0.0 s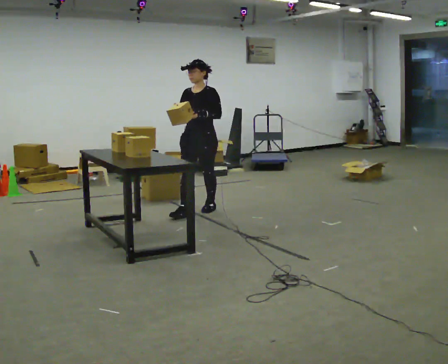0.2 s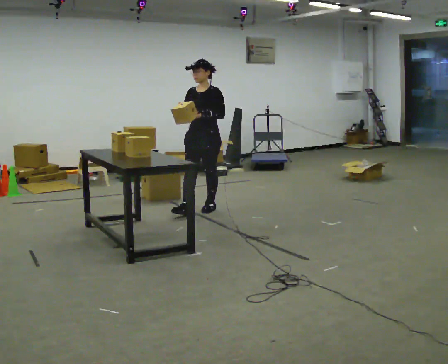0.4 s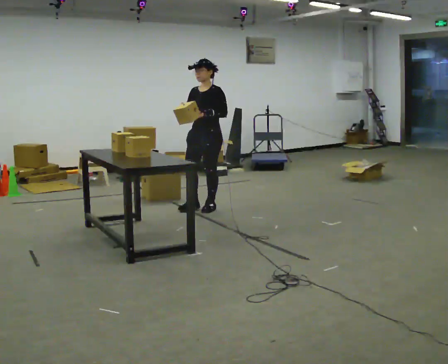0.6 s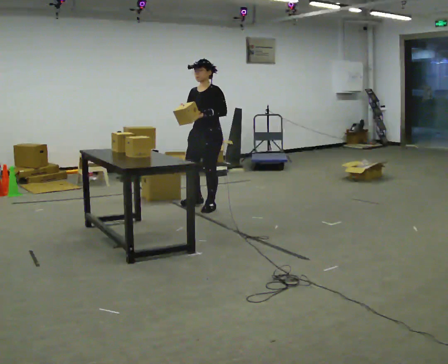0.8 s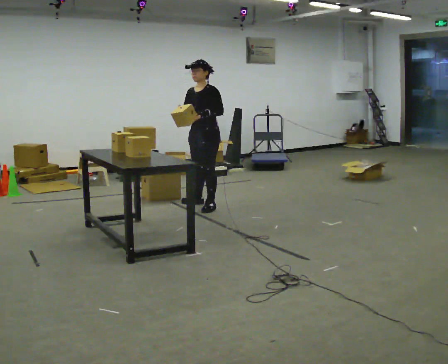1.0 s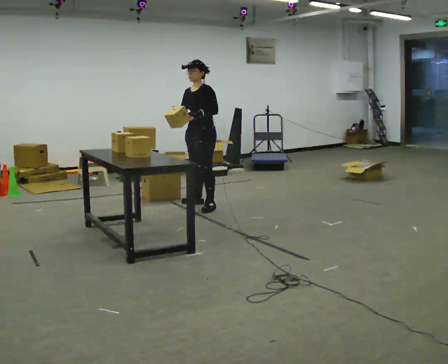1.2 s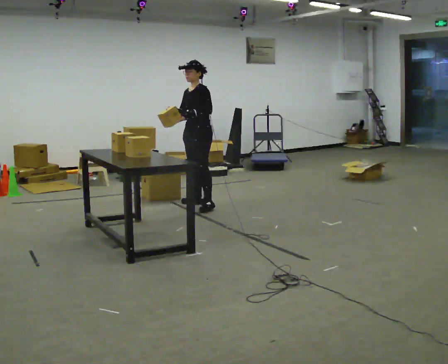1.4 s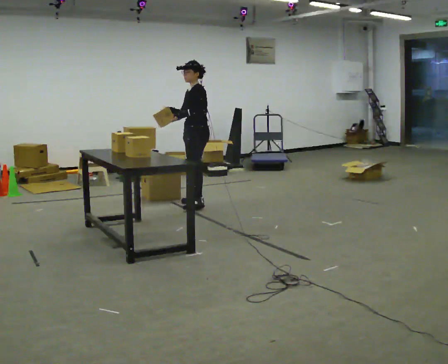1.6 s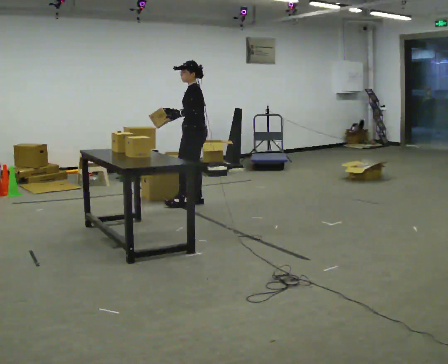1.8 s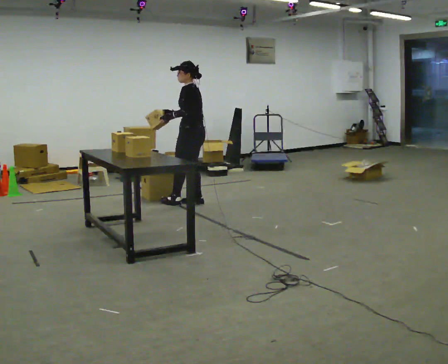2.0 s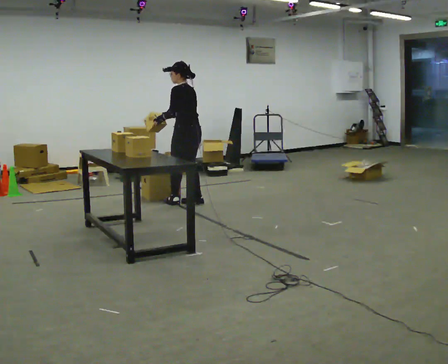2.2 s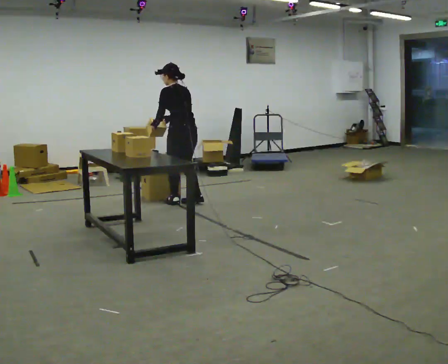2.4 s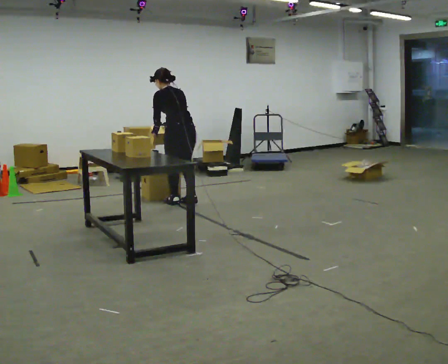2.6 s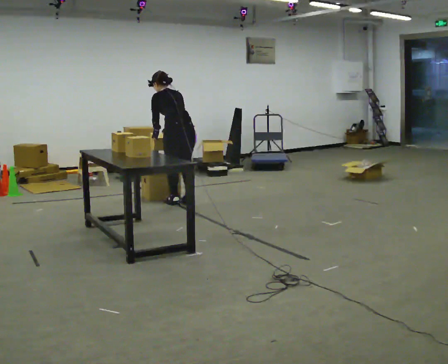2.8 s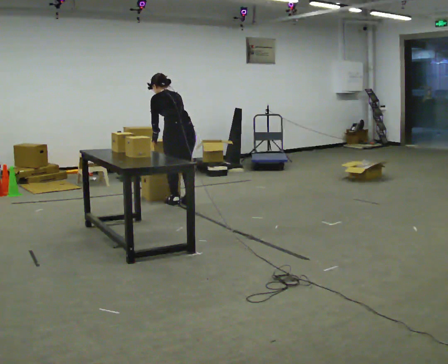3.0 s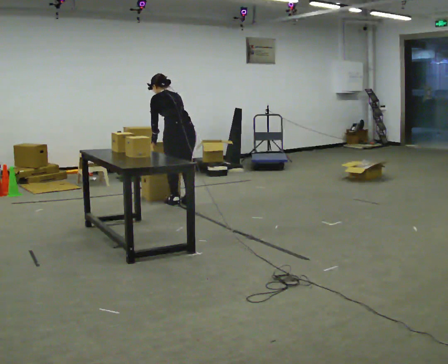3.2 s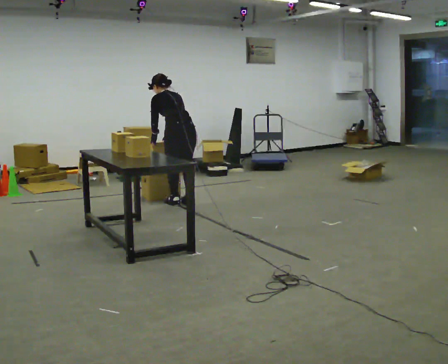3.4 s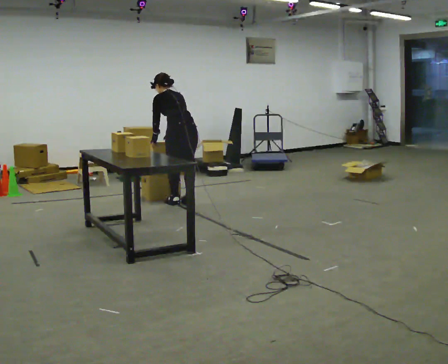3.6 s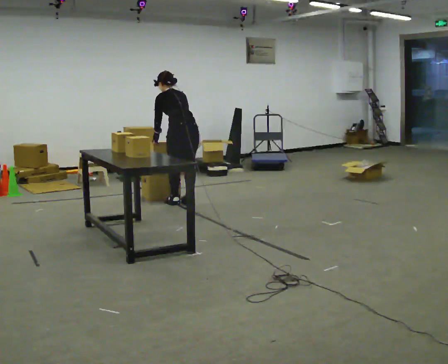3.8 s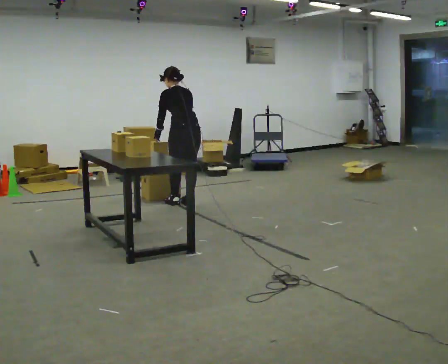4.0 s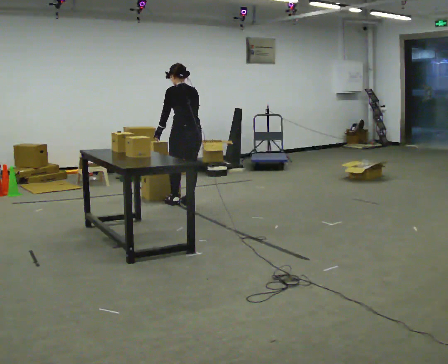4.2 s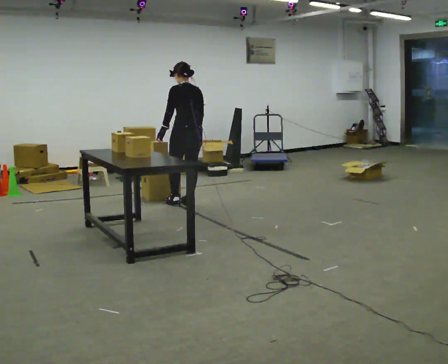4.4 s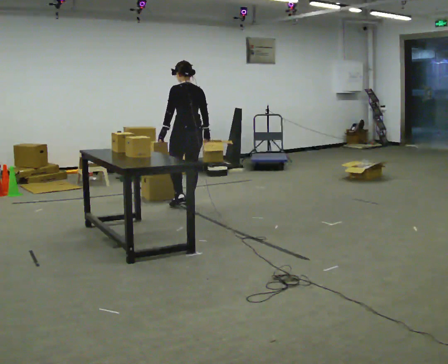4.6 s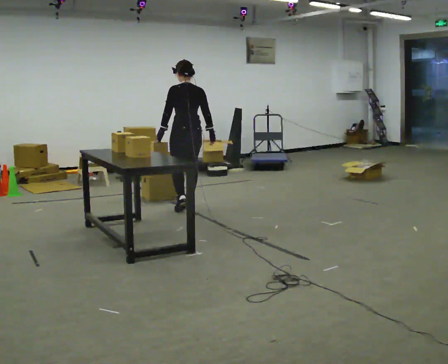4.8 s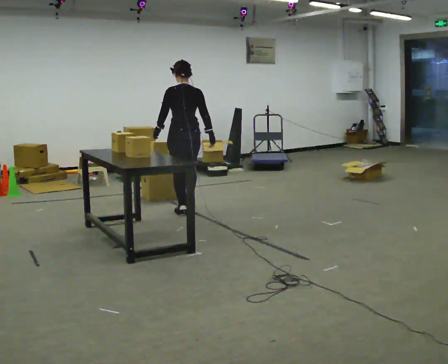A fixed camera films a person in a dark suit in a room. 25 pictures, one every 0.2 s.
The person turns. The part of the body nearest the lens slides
to the left.
The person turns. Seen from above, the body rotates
clockwise.
0.0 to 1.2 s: The part of the body nearest the lens slides to the left as the person turns to their right by about 30 degrees. In the picture they go away from the camera, about 0.25 m in 1 step, which for them is backward and to their right.
1.2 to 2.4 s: The person turns about 90 degrees to their right, clockwise seen from above, so the part of the body nearest the lens slides to the left. In the picture they go to the left, about 0.25 m in 2 steps. The upper body tips away from the camera, its near side rolling upward, as they bend forward.
2.4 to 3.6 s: The person moves a little, or ends about where they began.
3.6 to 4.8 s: In the picture they go toward the camera, about 0.25 m in 1 step, which for them is backward. The upper body tips toward the camera, its near side rolling downward, as they lean back or straighten. In the picture their right hand goes to the right.
The film runs backward here.
